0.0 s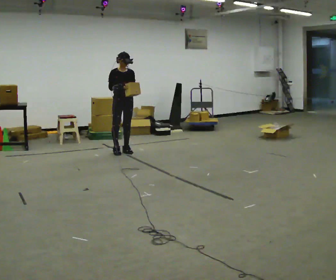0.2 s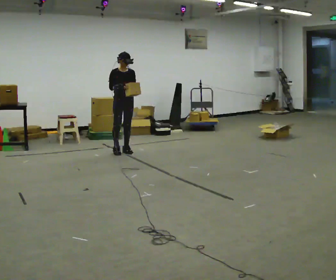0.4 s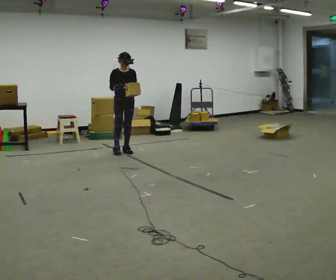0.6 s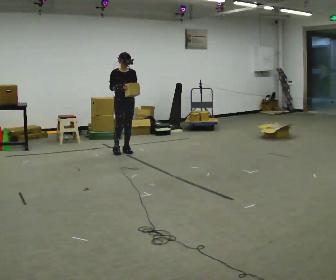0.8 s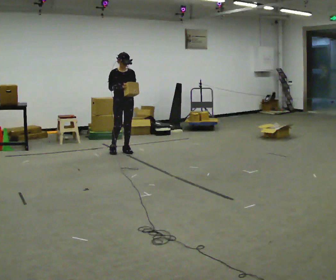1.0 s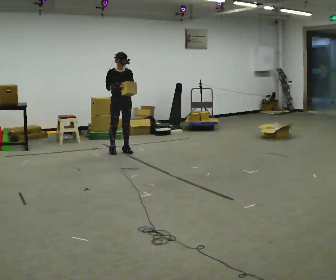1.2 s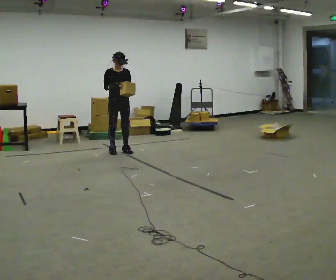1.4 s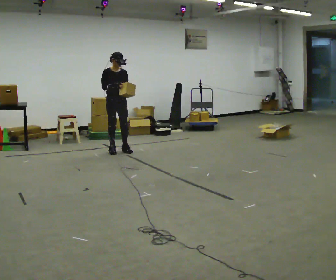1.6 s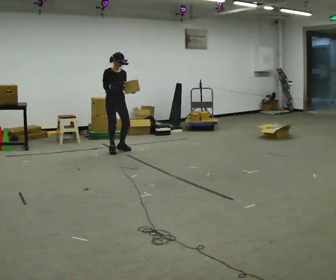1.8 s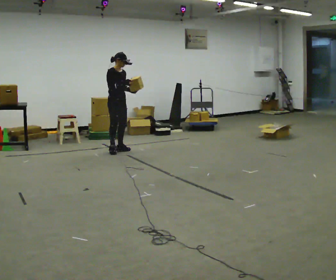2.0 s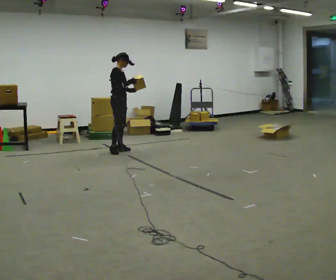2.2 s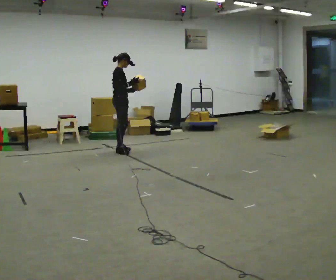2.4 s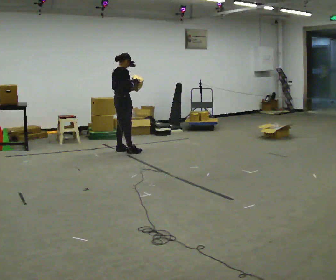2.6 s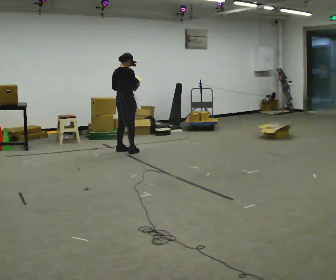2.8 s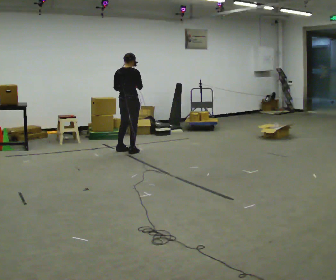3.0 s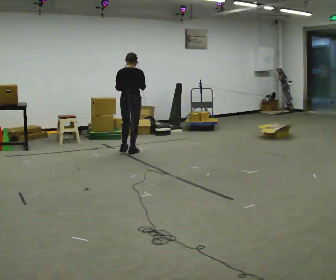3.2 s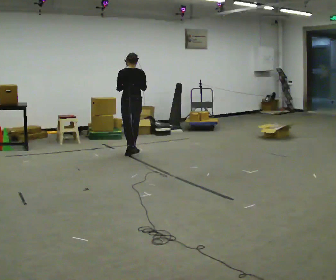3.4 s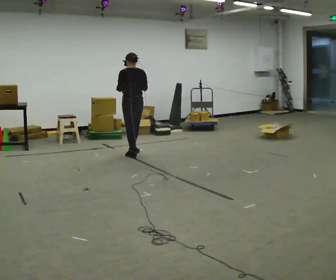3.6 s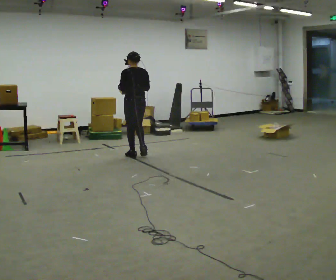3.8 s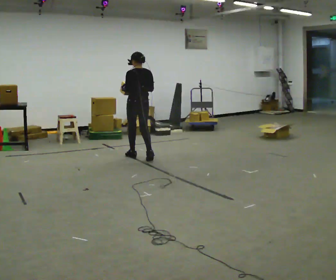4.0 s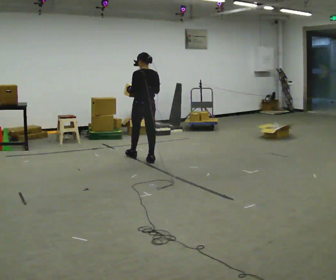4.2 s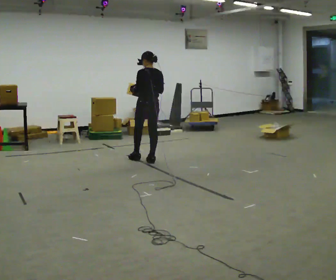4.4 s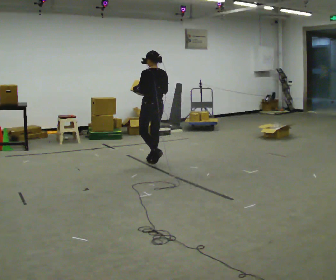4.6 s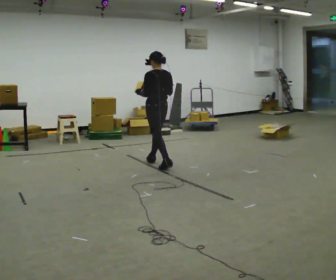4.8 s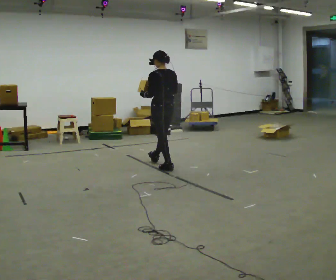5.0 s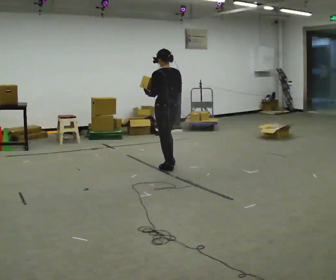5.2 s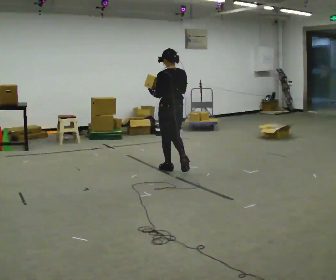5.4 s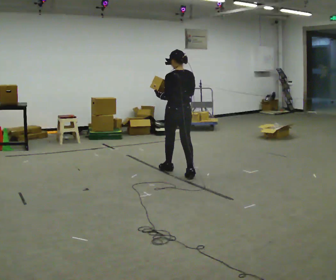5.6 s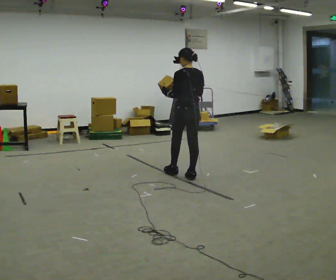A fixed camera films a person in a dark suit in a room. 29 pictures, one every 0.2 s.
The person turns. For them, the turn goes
to their left.
The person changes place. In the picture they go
toward the camera.
0.0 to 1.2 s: The person moves a little, or ends about where they began.
1.2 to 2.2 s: Seen from above the body turns counterclockwise, about 60 degrees: to their left, with its near side sliding to the right.
2.2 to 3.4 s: Seen from above the body turns counterclockwise, about 120 degrees: to their left, with its near side sliding to the right. In the picture they go to the right and toward the camera, about 0.25 m in 1 step.
3.4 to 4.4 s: In the picture they go toward the camera and to the right, about 0.5 m in 2 steps, which for them is backward.
4.4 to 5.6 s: In the picture they go toward the camera and to the right, about 1 m in 2 steps, which for them is backward.
The film runs backward here.
